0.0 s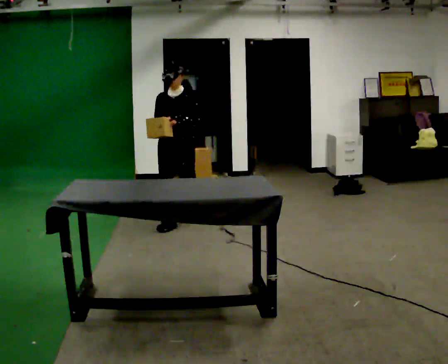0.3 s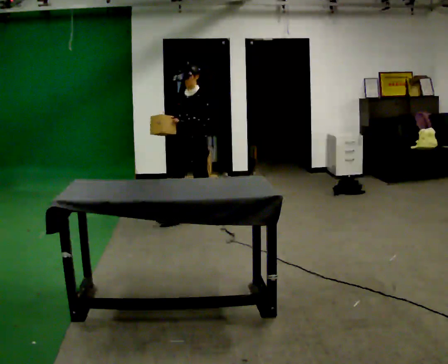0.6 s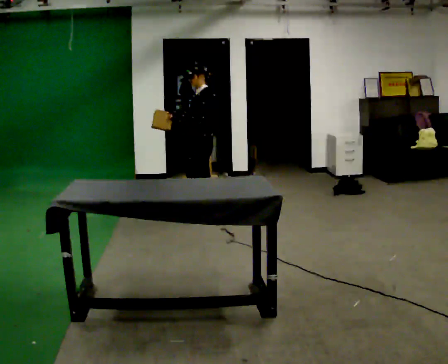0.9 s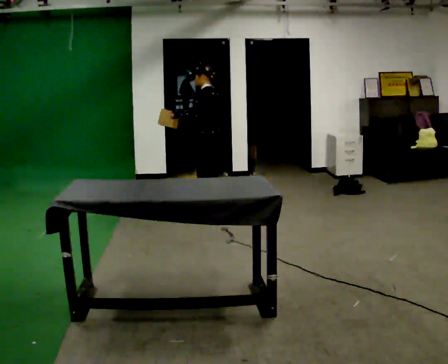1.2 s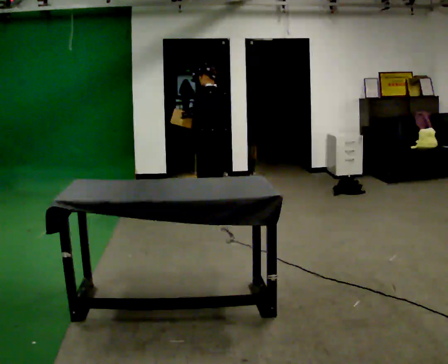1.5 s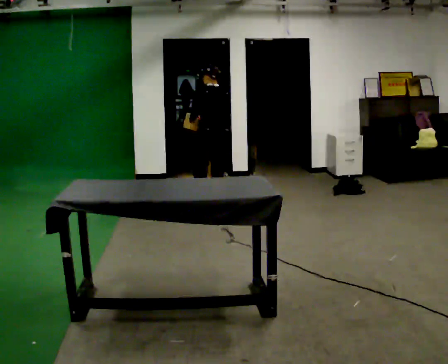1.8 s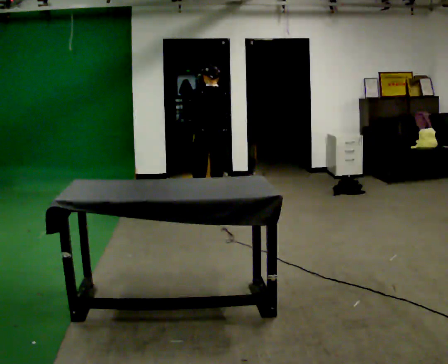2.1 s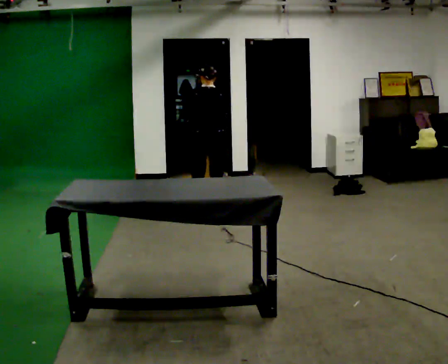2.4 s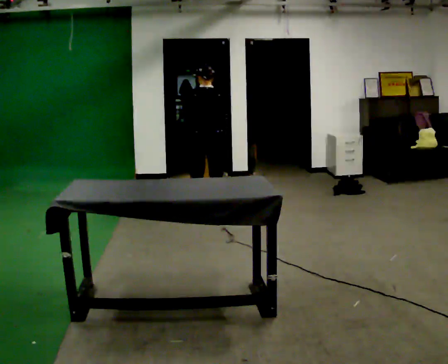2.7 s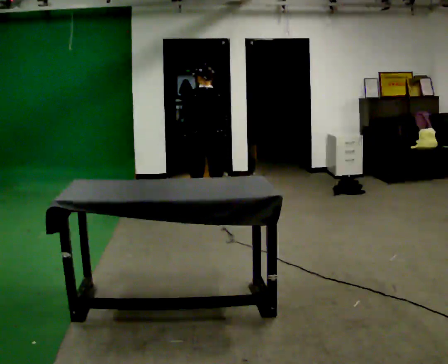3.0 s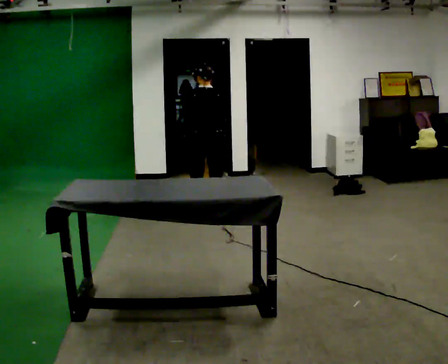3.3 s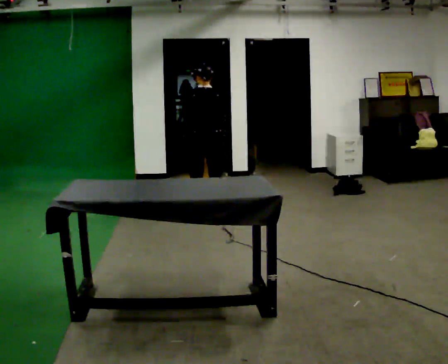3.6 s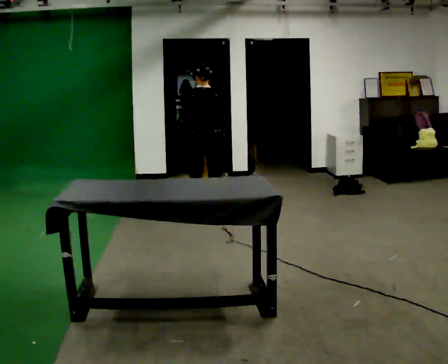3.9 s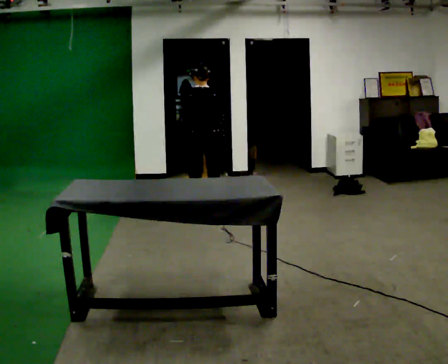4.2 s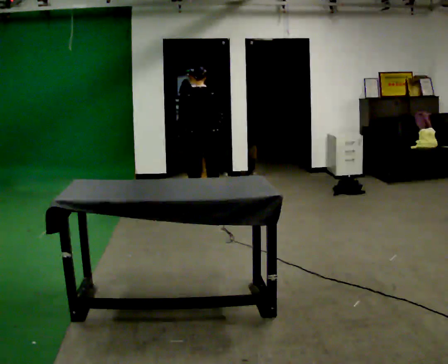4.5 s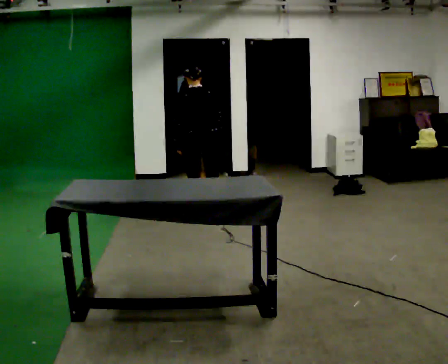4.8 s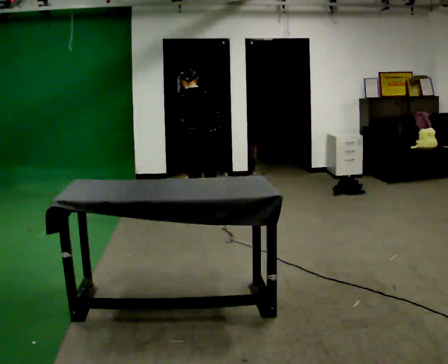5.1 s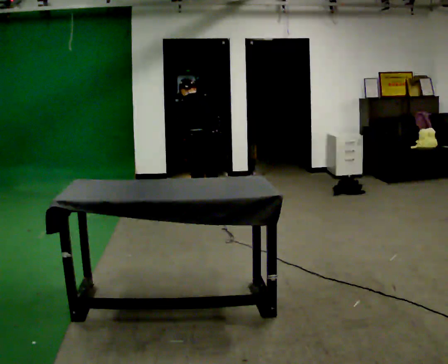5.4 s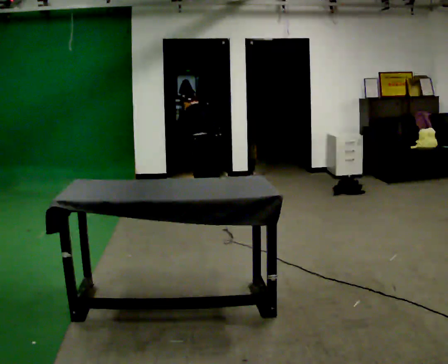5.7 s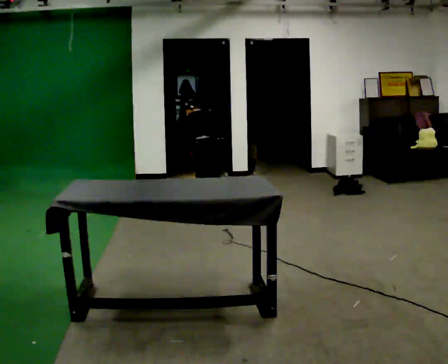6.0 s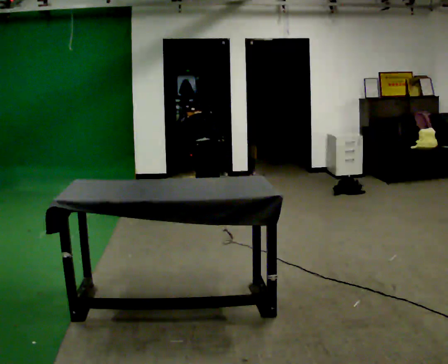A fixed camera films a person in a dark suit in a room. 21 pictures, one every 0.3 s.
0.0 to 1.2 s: The part of the body nearest the lens slides to the left as the person turns to their right by about 105 degrees. In the picture they go away from the camera and to the right, about 0.5 m in 1 step.
1.2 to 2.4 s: The person turns about 45 degrees to their right, clockwise seen from above, so the part of the body nearest the lens slides to the left.
2.4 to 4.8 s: The person moves a little, or ends about where they began.
4.8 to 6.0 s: The shoulders move downward. The upper body tips away from the camera, its near side rolling upward, as they bend forward.
The film runs backward here.
